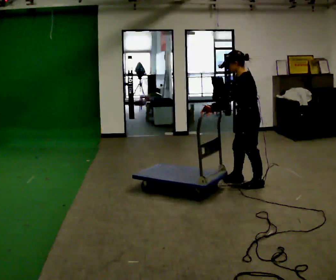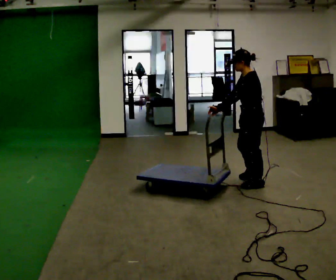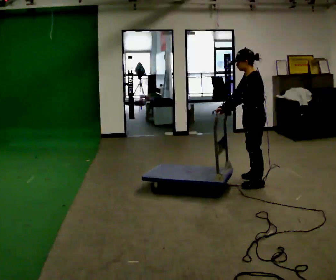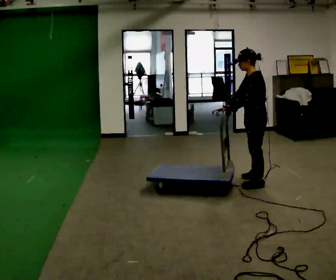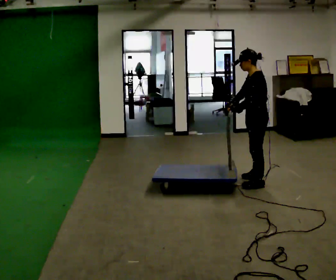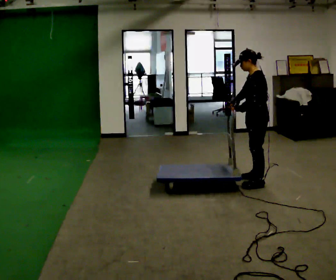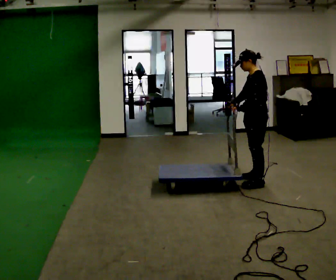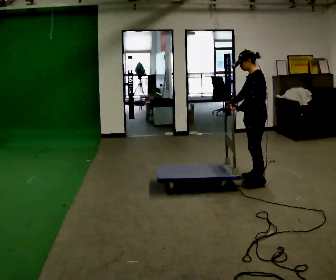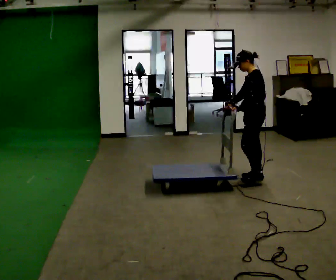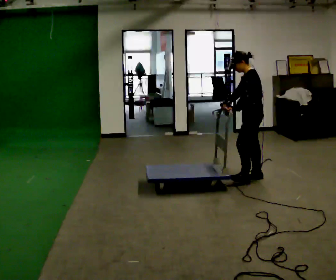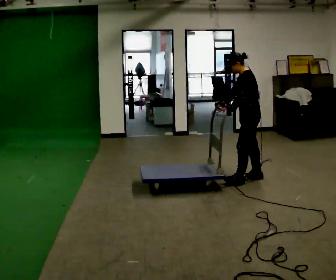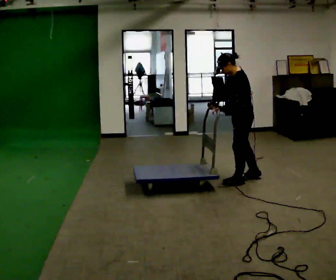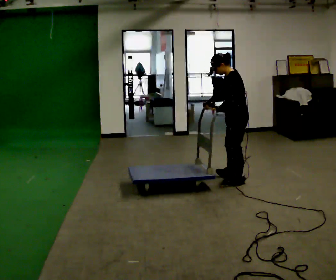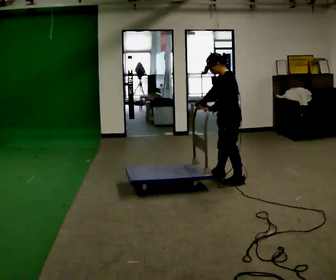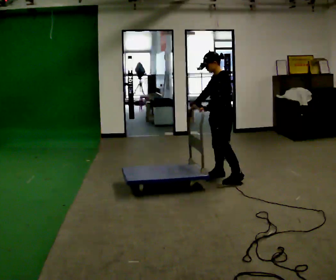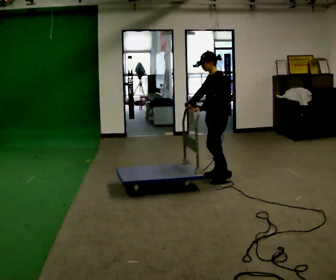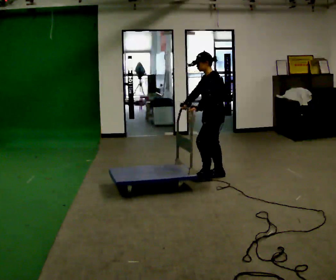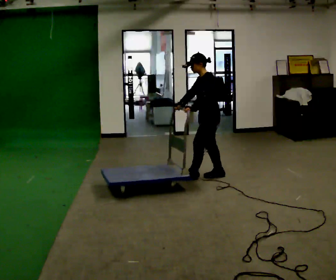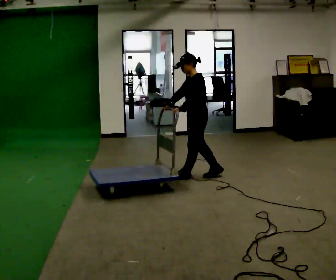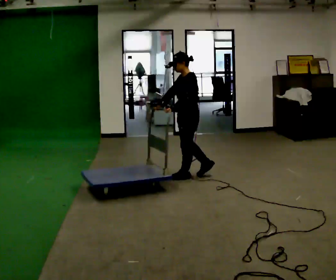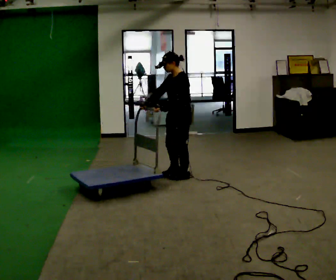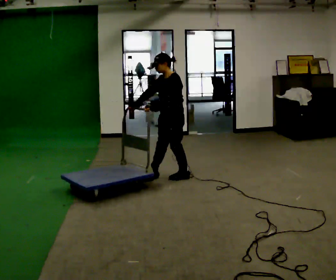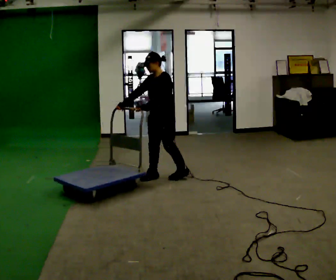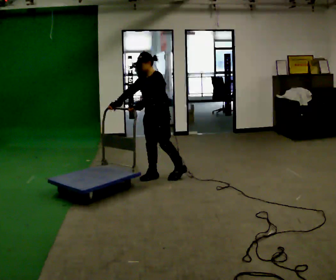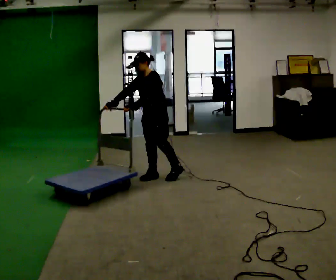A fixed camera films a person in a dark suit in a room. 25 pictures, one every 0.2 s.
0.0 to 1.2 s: The person moves a little, or ends about where they began.
1.2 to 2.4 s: In the picture they go to the left, about 0.25 m in 2 steps, which for them is forward.
2.4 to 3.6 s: In the picture they go to the left, about 0.5 m in 1 step, which for them is forward and to their right.
3.6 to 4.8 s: Seen from above the body turns counterclockwise, about 30 degrees: to their left, with its near side sliding to the right. In the picture they go to the left, about 0.5 m in 1 step, which for them is forward and to their right.
The film runs backward here.
